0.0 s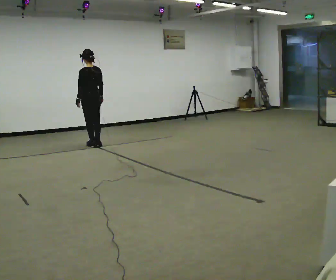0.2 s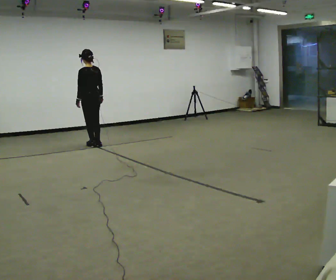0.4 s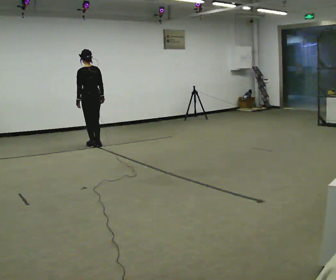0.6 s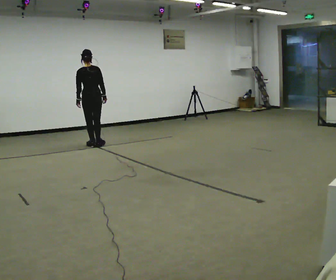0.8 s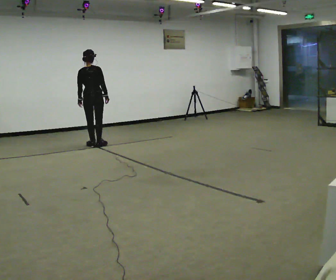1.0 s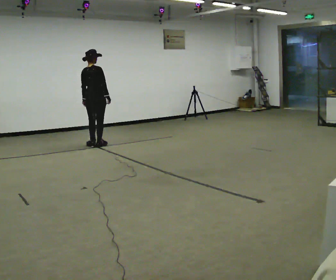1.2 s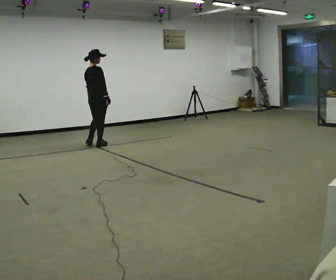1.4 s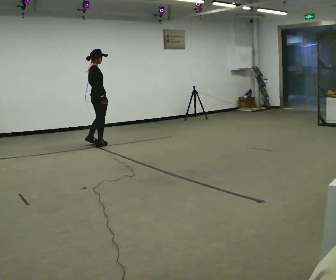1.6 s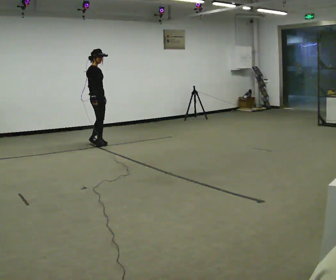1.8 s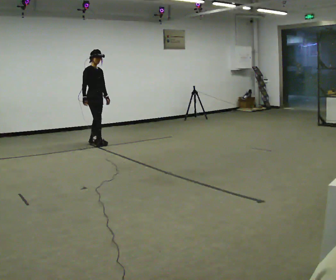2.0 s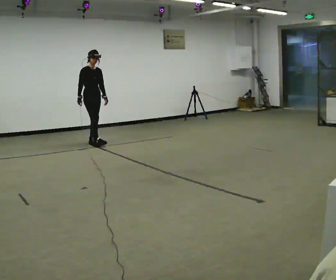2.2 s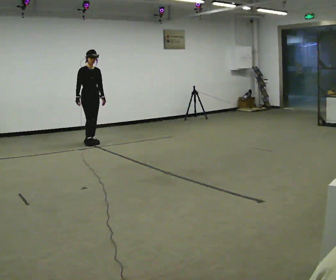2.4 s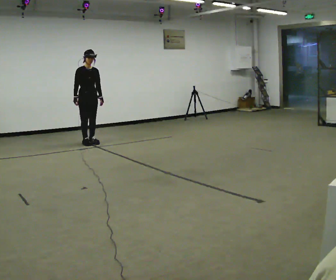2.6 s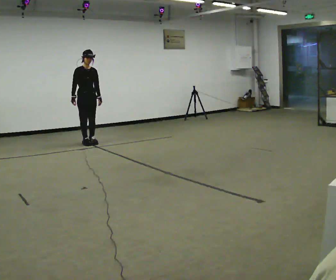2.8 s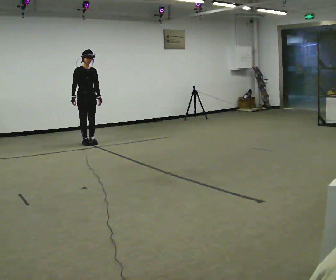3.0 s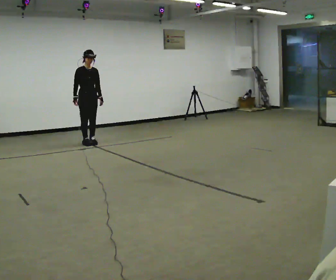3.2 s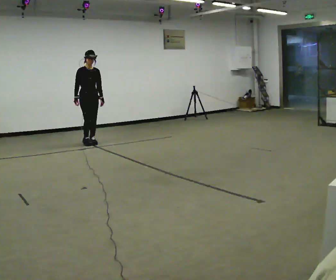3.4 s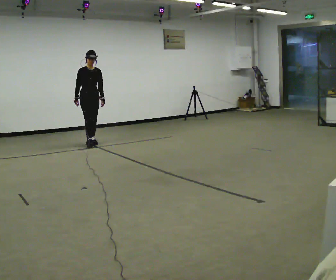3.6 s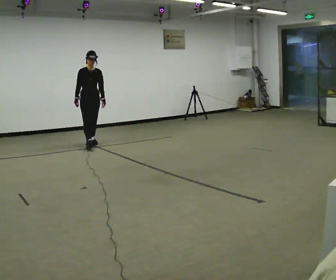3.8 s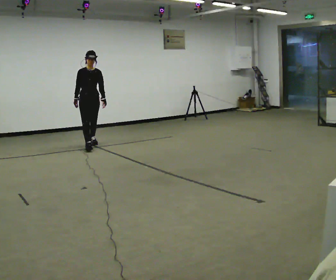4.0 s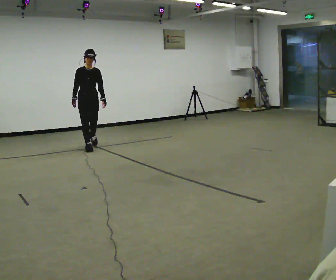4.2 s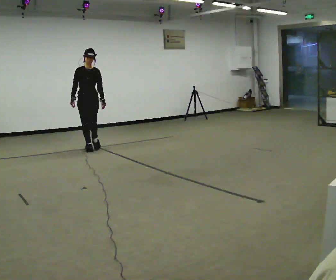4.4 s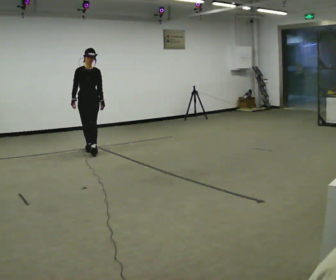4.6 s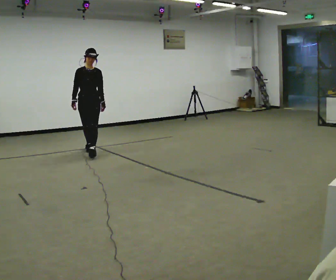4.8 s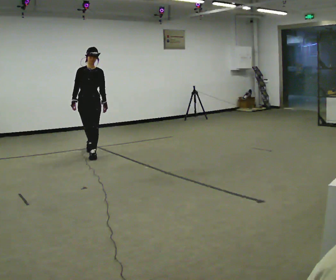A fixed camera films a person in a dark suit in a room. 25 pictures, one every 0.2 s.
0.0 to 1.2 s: Seen from above the body turns clockwise, about 75 degrees: to their right, with its near side sliding to the left.
1.2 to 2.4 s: The part of the body nearest the lens slides to the left as the person turns to their right by about 120 degrees. In the picture they go away from the camera, about 0.25 m in 2 steps. In the picture their right hand goes to the left, the arm swinging clockwise.
2.4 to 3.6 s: The person moves a little, or ends about where they began.
3.6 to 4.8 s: In the picture they go toward the camera, about 1 m in 2 steps, which for them is forward.
The film runs forward here.
